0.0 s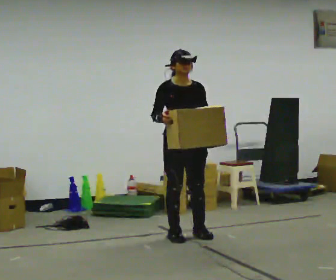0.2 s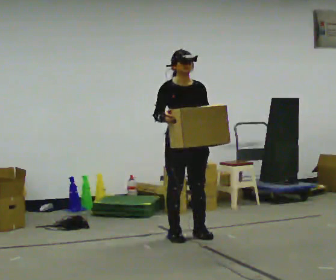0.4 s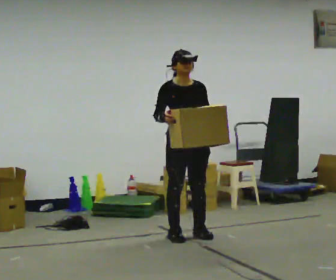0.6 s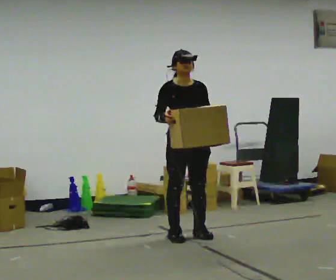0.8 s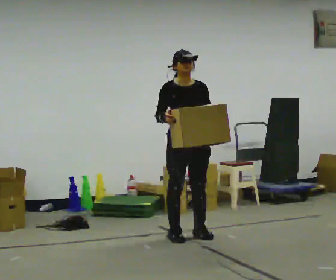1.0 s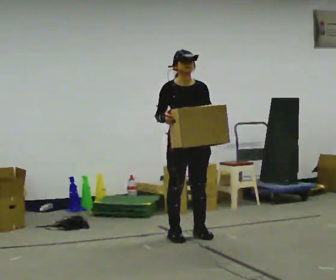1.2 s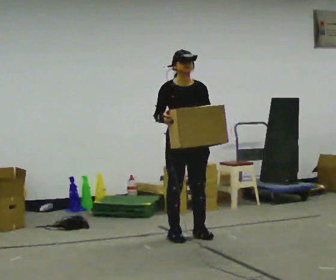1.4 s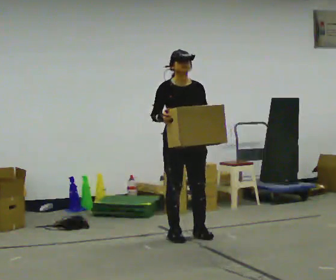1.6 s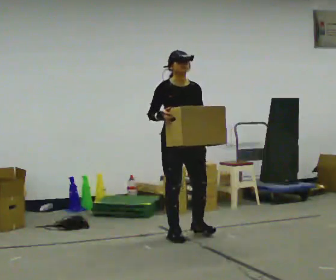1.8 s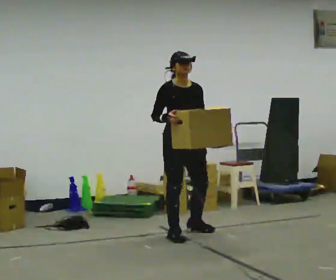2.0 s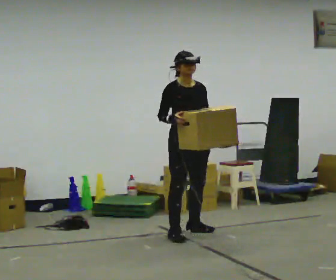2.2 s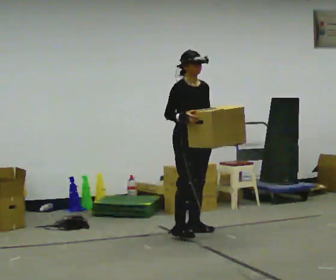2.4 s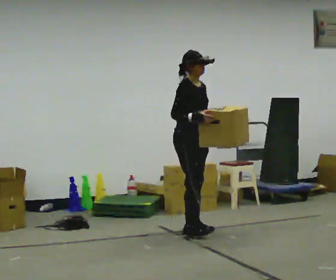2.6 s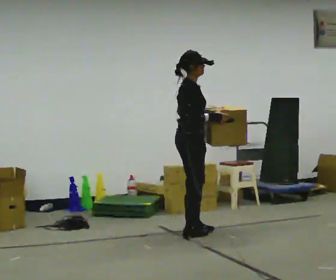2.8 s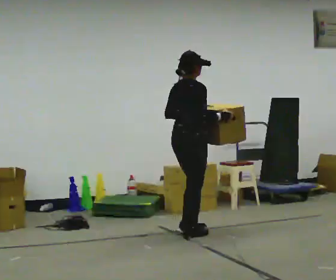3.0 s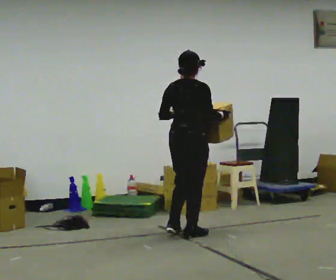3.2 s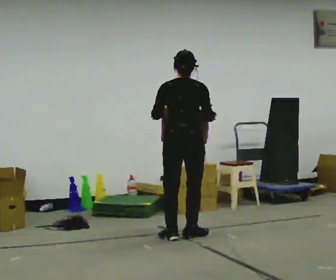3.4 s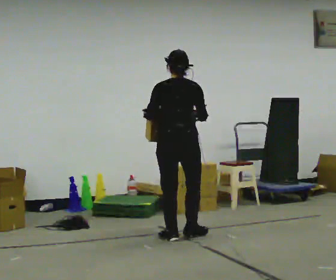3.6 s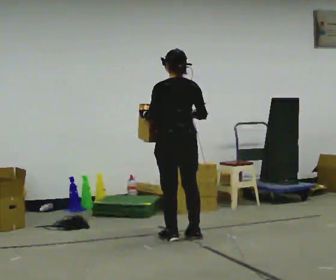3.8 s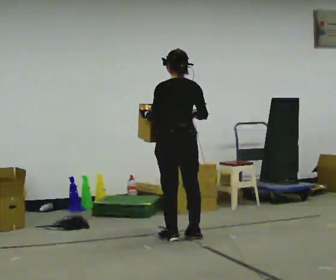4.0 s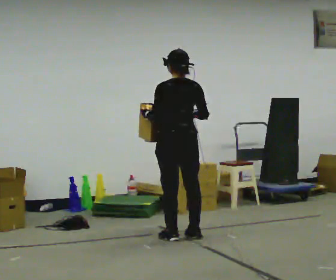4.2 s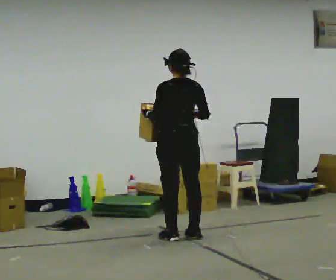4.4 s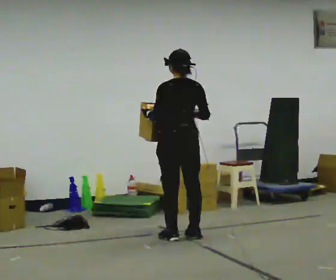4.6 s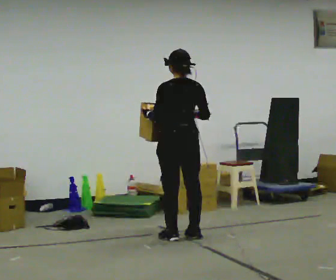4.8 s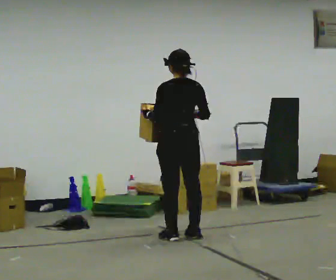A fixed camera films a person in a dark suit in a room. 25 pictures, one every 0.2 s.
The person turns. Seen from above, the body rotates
counterclockwise.
The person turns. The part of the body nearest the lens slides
to the right.
0.0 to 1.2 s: The person moves a little, or ends about where they began.
1.2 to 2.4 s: The person turns about 45 degrees to their left, counterclockwise seen from above, so the part of the body nearest the lens slides to the right. In the picture they go away from the camera, about 0.25 m in 1 step, which for them is backward and to their left.
2.4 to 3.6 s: The part of the body nearest the lens slides to the right as the person turns to their left by about 135 degrees. In the picture they go toward the camera, about 0.25 m in 1 step. In the picture their left hand goes to the left.
3.6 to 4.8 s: The person moves a little, or ends about where they began.
The film runs backward here.
